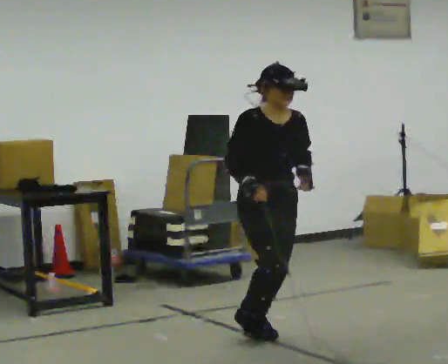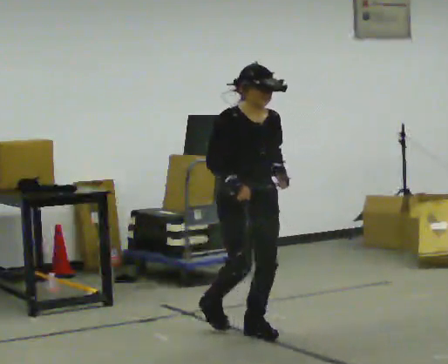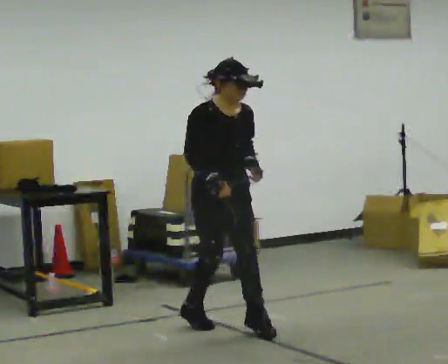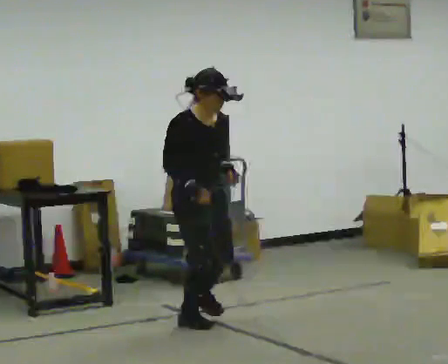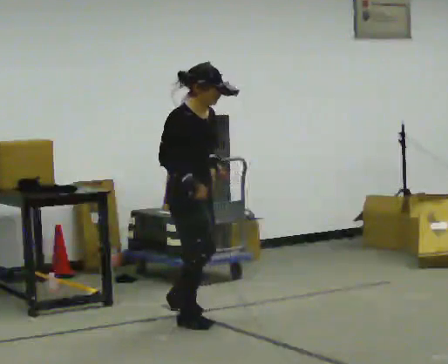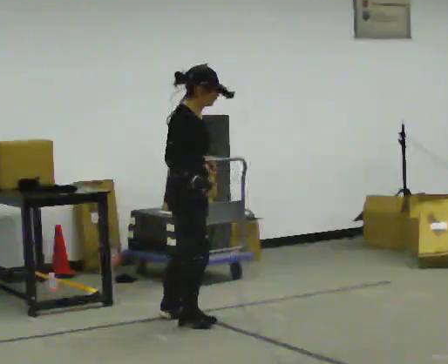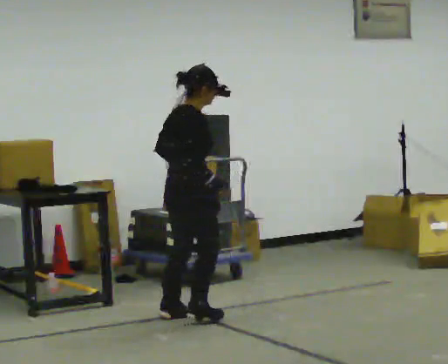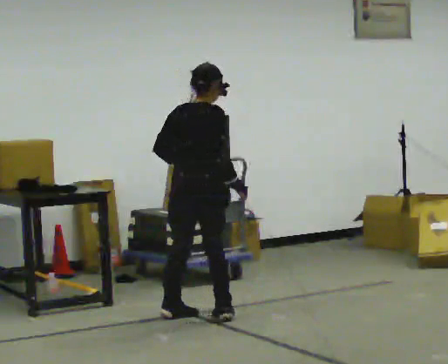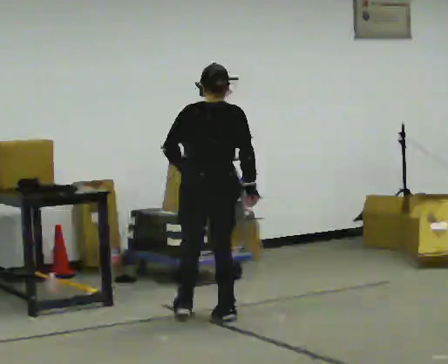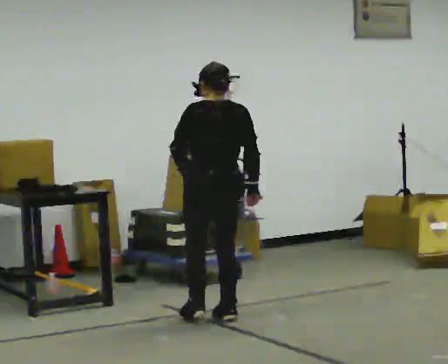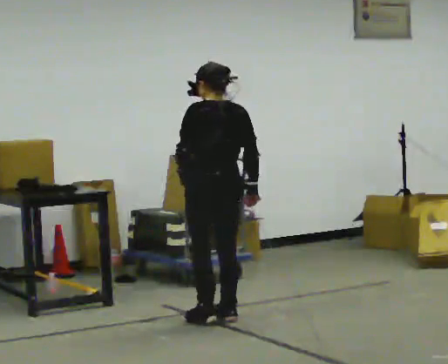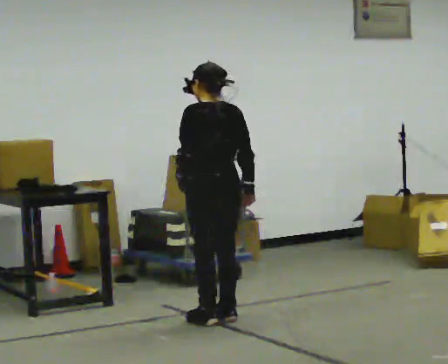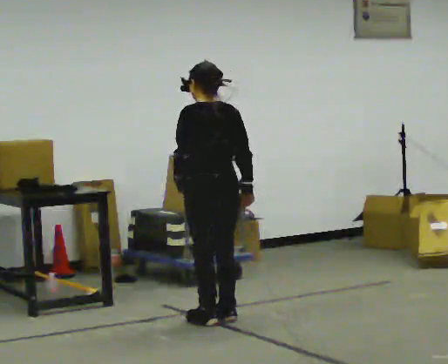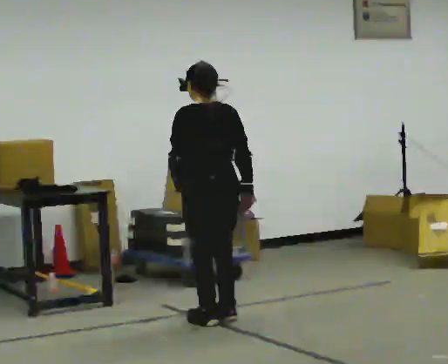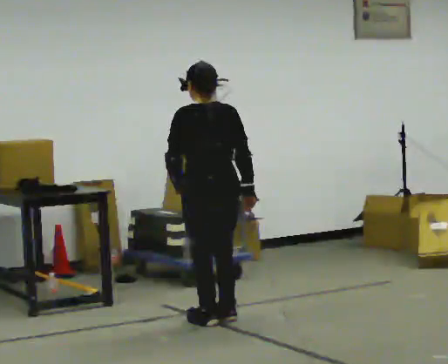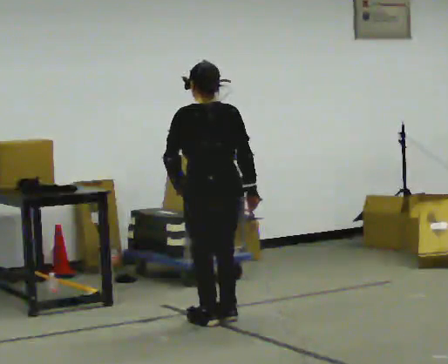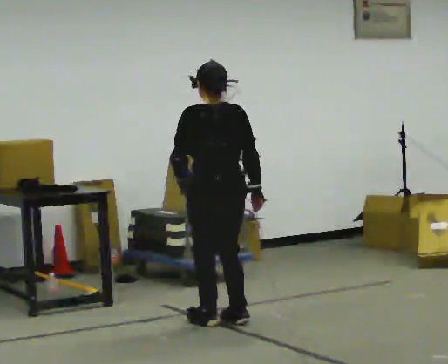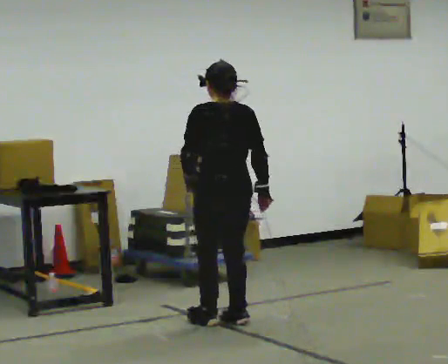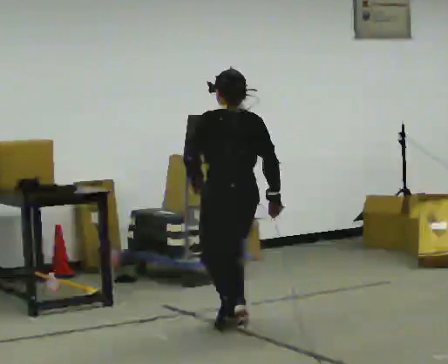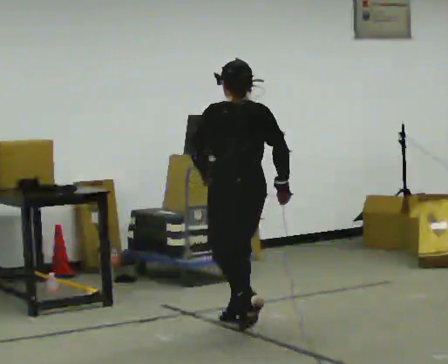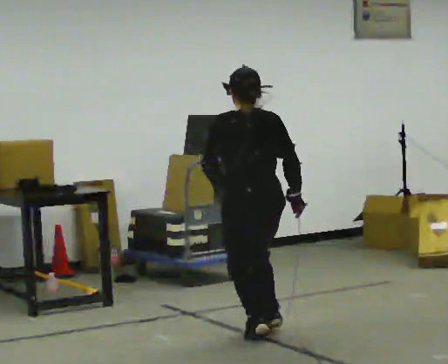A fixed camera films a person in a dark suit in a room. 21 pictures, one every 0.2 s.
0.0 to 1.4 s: Seen from above the body turns counterclockwise, about 120 degrees: to their left, with its near side sliding to the right. In the picture they go away from the camera and to the left, about 0.75 m in 3 steps.
1.4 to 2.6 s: The part of the body nearest the lens slides to the right as the person turns to their left by about 45 degrees. In the picture they go toward the camera, about 0.25 m in 1 step, which for them is backward.
2.6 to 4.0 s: In the picture they go toward the camera and to the right, about 0.5 m, which for them is backward.
The film runs forward here.
